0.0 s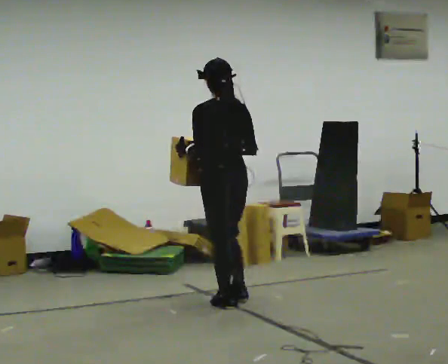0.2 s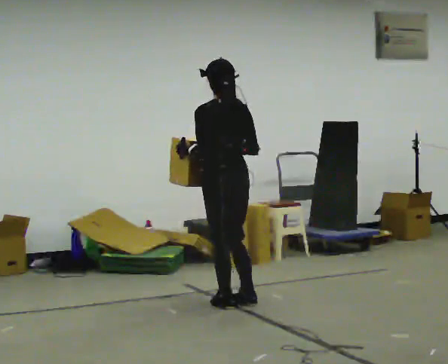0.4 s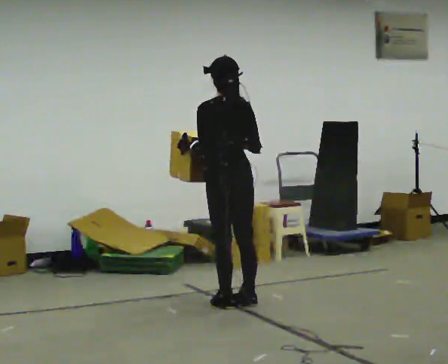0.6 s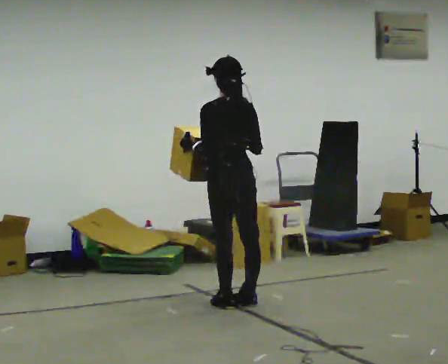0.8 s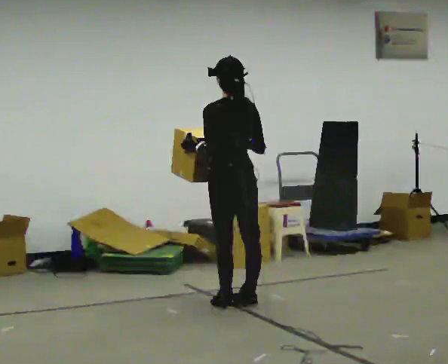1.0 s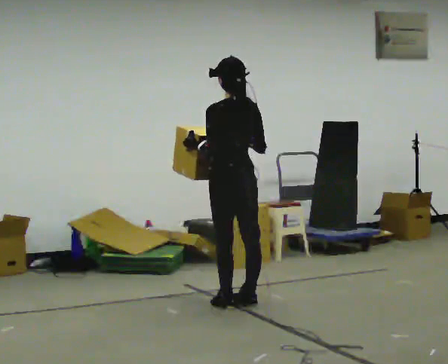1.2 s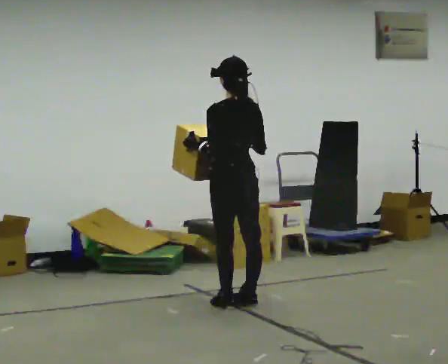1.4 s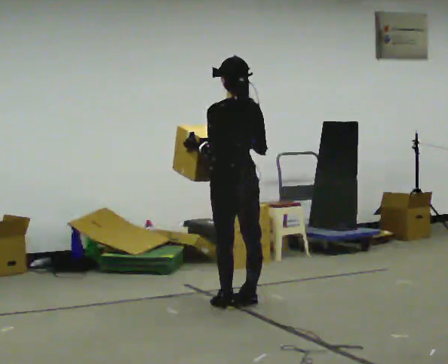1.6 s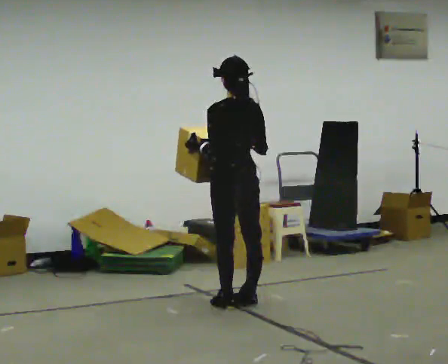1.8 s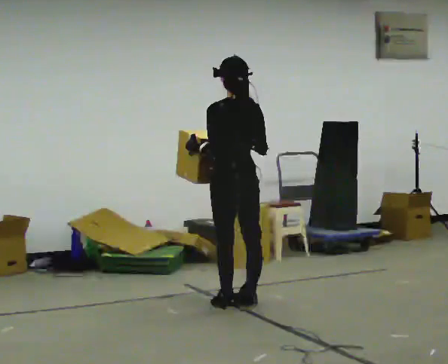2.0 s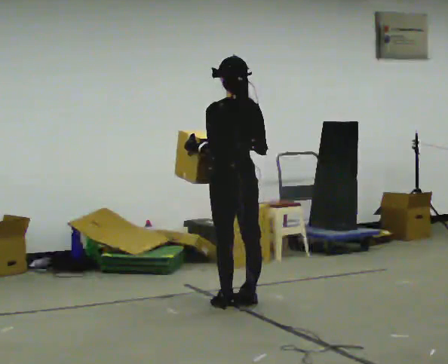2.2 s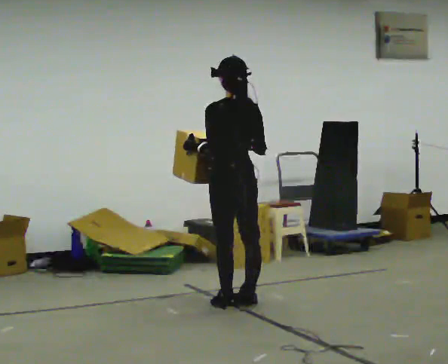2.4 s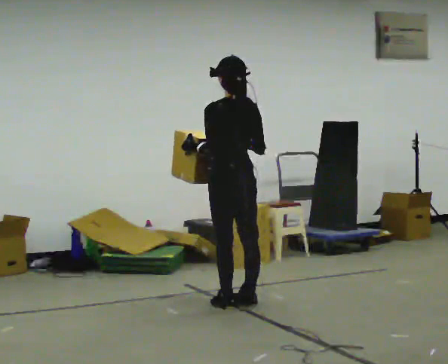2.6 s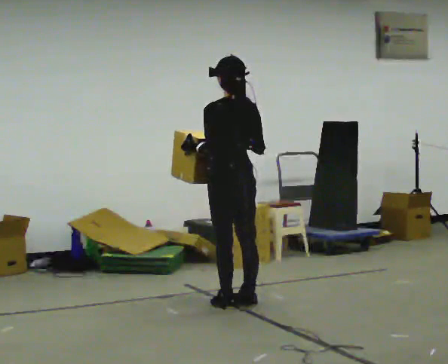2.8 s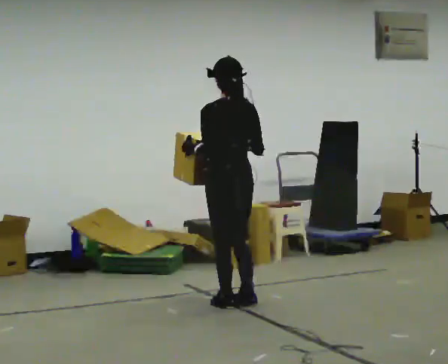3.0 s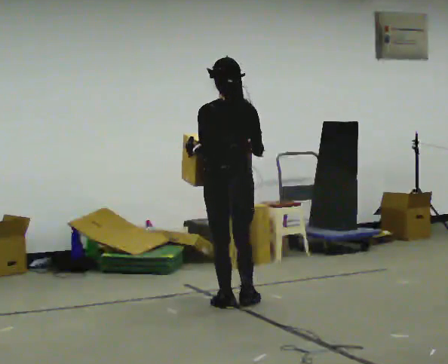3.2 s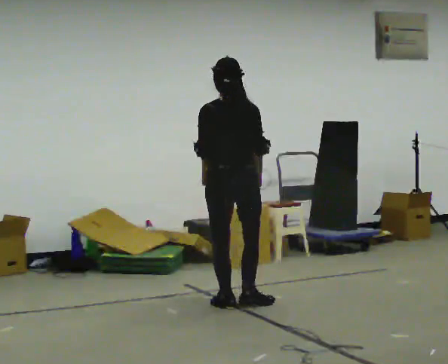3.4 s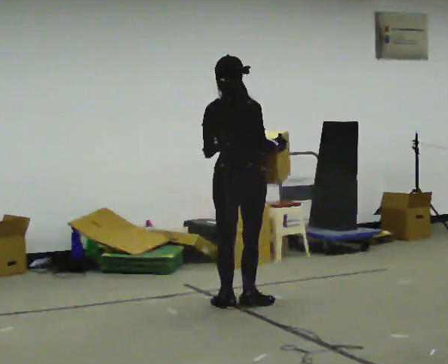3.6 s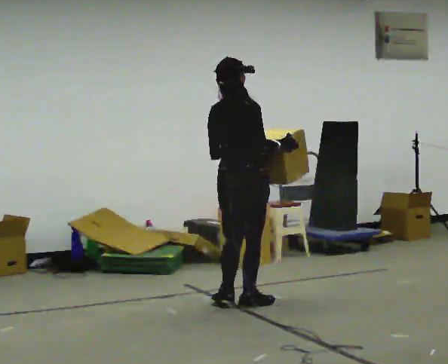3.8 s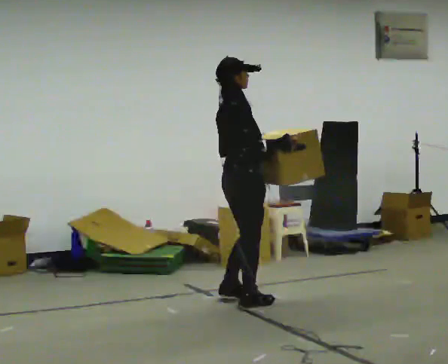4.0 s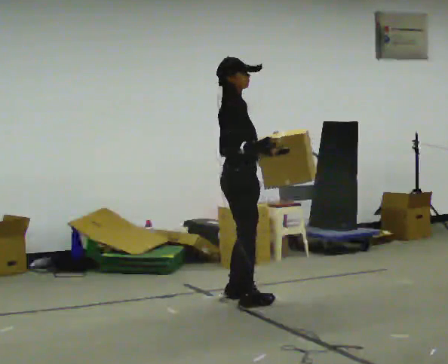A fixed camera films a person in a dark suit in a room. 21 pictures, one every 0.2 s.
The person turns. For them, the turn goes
to their right.
The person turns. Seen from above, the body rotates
clockwise.
0.0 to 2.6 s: The person moves a little, or ends about where they began.
2.6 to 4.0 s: Seen from above the body turns clockwise, about 135 degrees: to their right, with its near side sliding to the left. In the picture they go away from the camera, about 0.25 m in 1 step.
The film runs forward here.
